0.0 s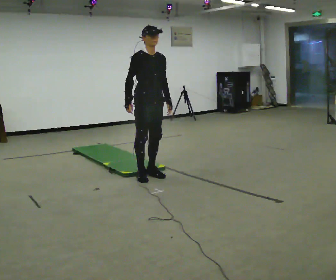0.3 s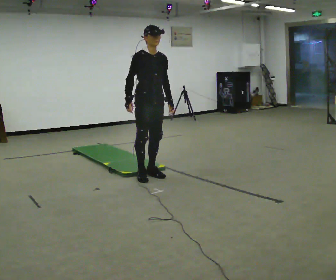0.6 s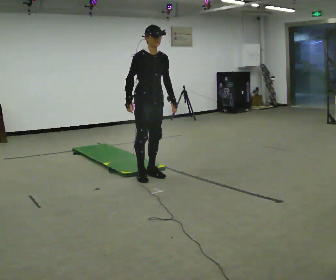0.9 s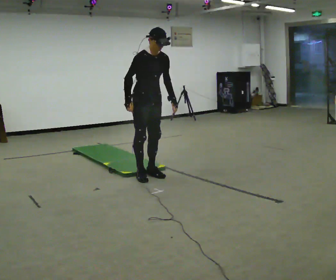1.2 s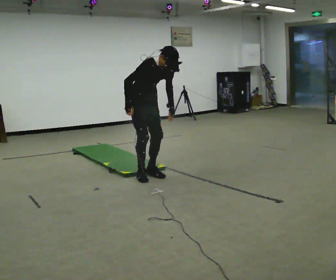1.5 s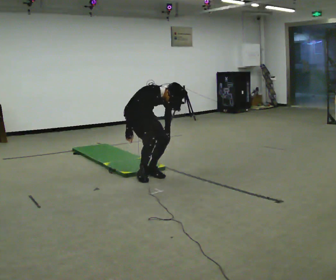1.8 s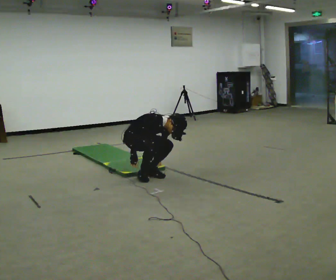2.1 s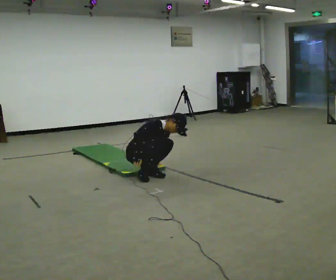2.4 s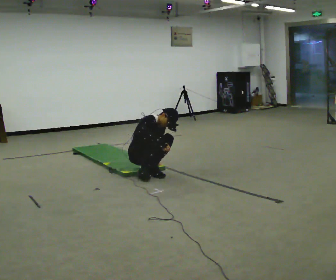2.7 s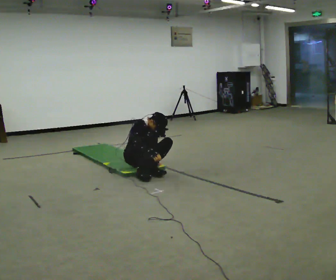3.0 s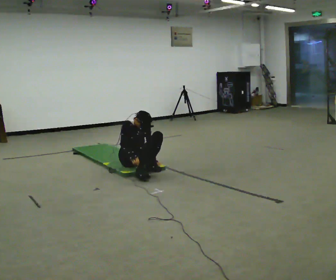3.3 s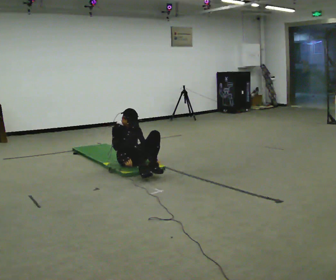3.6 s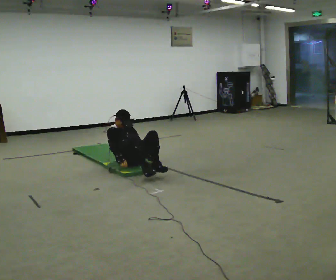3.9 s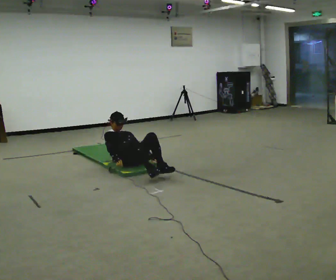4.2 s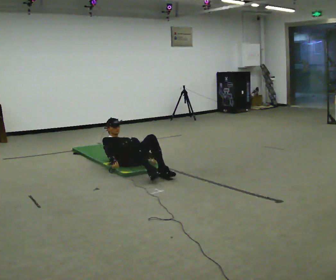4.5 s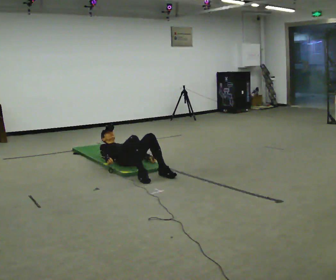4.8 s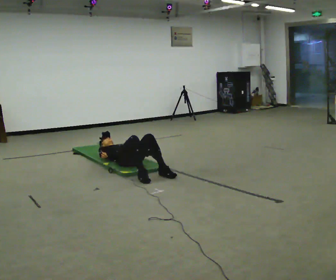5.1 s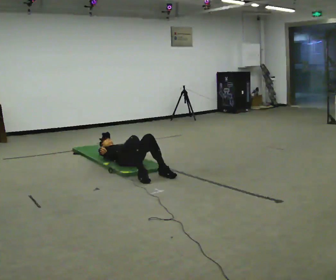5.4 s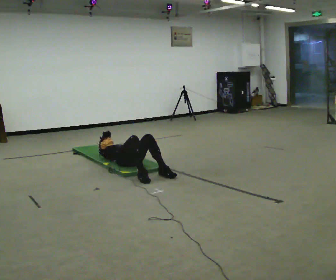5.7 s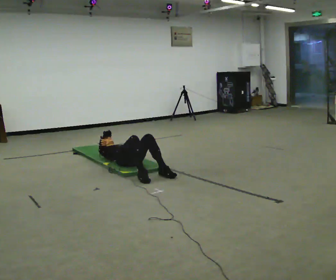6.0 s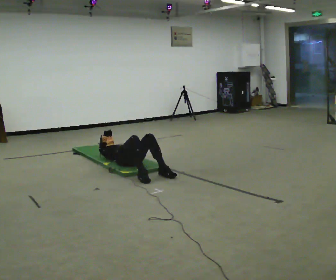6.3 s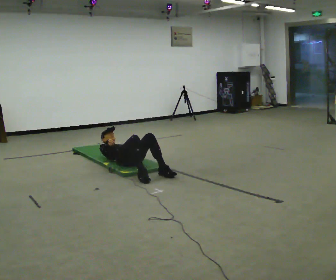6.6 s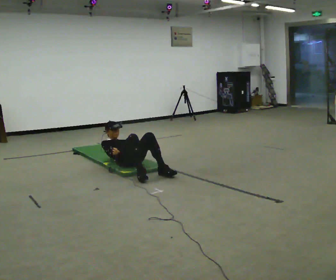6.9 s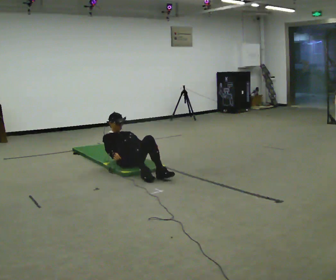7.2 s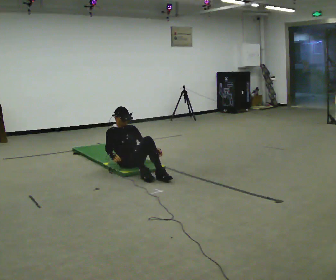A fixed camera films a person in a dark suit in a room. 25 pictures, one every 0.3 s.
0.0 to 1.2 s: The upper body tips toward the camera, its near side rolling downward, as they bend forward.
1.2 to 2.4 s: In the picture they go away from the camera, about 0.25 m, which for them is backward and to their left. The upper body goes downward. In the picture their right hand goes downward and to the right.
2.4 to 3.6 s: In the picture they go away from the camera, about 0.25 m, which for them is backward. In the picture the upper body tilts counterclockwise, shoulders to the left, as they lean back or straighten.
3.6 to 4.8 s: The shoulders move downward. The upper body tips away from the camera, its near side rolling upward, as they lean back or straighten.
4.8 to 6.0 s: The person moves a little, or ends about where they began.
6.0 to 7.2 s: The upper body goes upward. The upper body tips toward the camera, its near side rolling downward, as they bend forward.
The film runs backward here.
